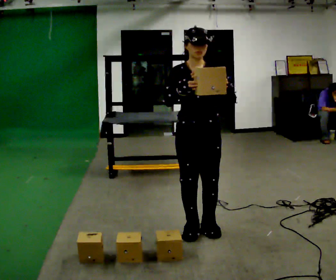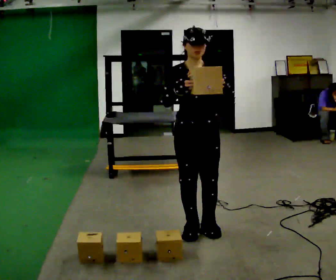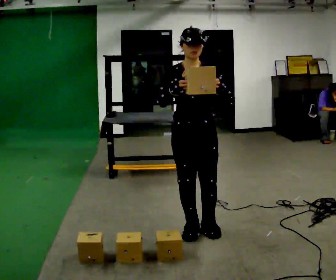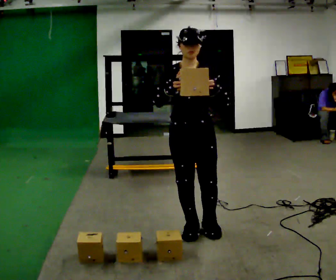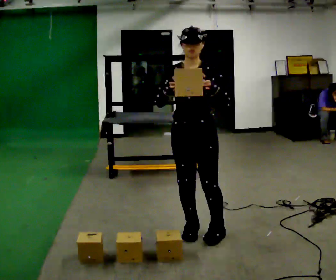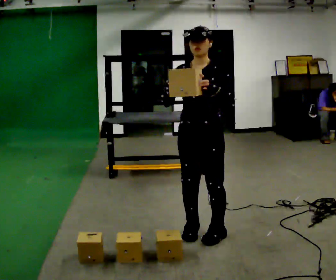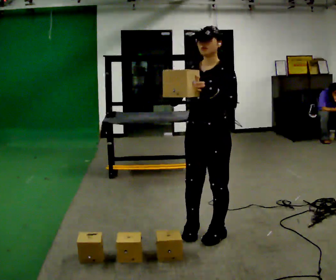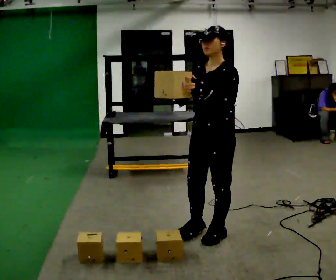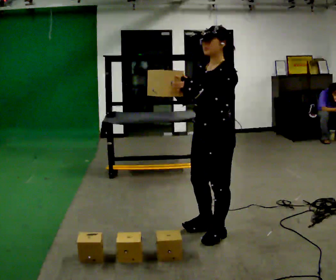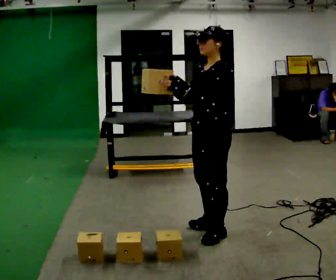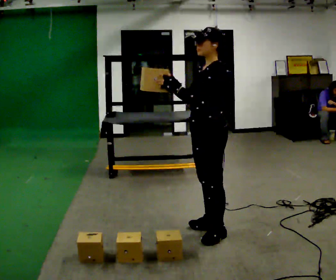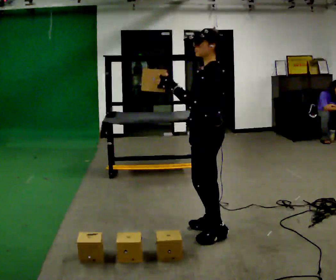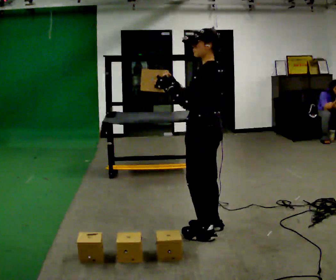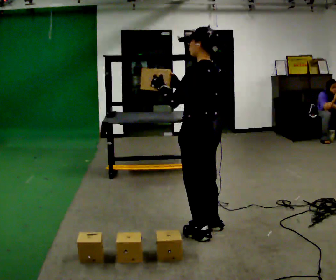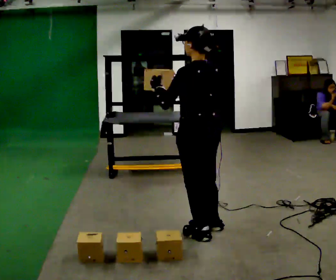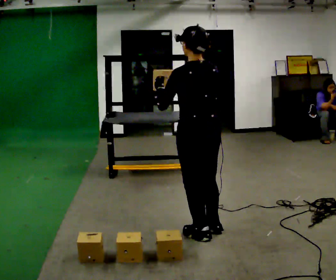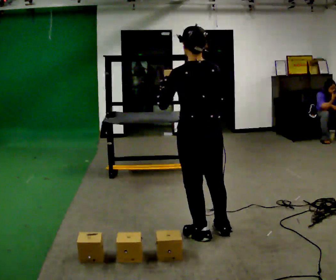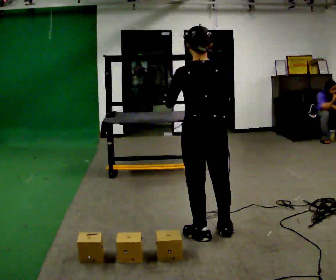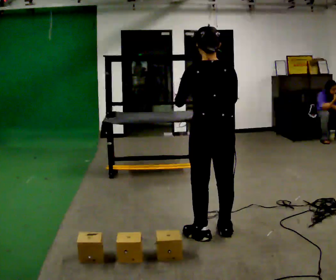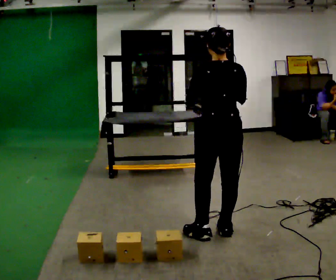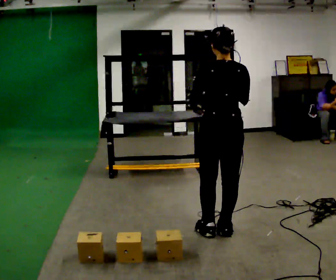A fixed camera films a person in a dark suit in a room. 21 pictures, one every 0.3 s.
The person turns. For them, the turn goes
to their right.
The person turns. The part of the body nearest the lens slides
to the left.
0.0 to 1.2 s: The person moves a little, or ends about where they began.
1.2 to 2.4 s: The person turns about 45 degrees to their right, clockwise seen from above, so the part of the body nearest the lens slides to the left. In the picture they go to the right, about 0.25 m in 1 step, which for them is to their left.
2.4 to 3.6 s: The part of the body nearest the lens slides to the left as the person turns to their right by about 45 degrees.
3.6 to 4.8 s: The person turns about 60 degrees to their right, clockwise seen from above, so the part of the body nearest the lens slides to the left. In the picture they go toward the camera, about 0.25 m in 1 step, which for them is to their left.
4.8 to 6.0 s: In the picture they go to the right, about 0.25 m, which for them is to their right.
The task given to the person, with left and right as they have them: Carry the object across the room and place it on the shelf just at the top of your comfortable reach. Keep going until the operator says stop; one object at a time, and do not rush between trips.
The film runs forward here.
